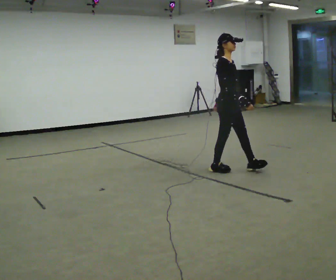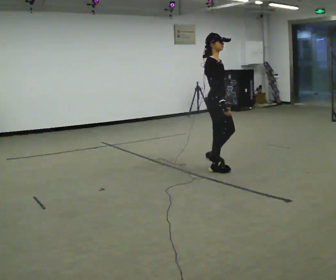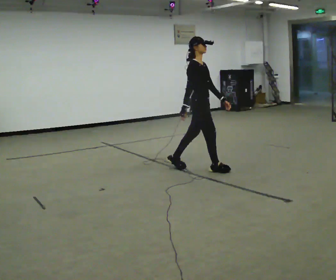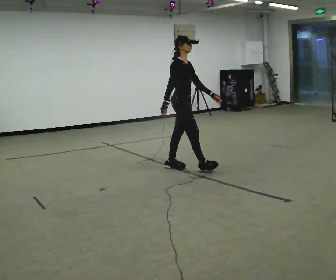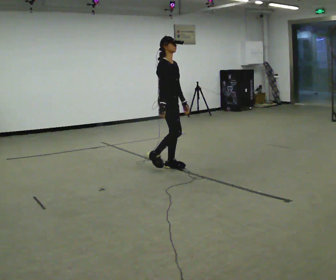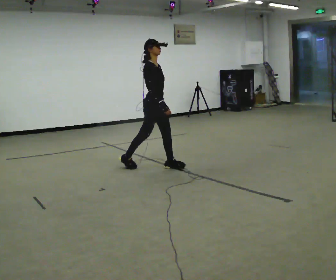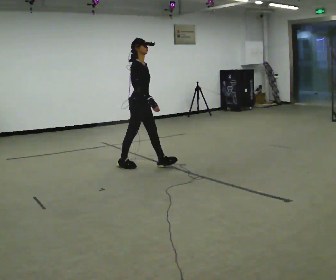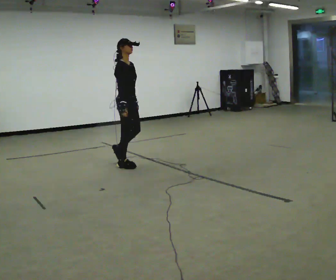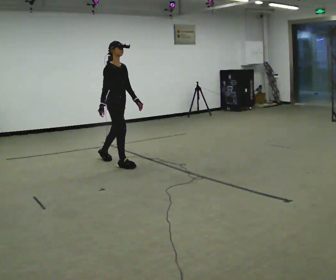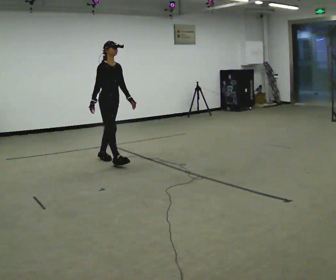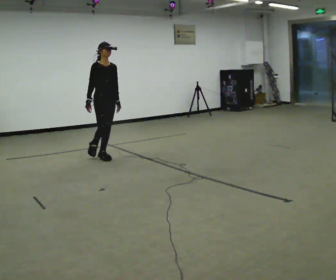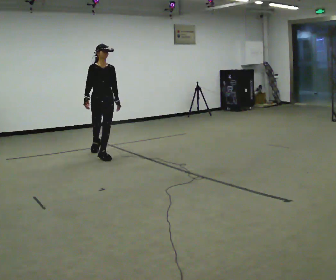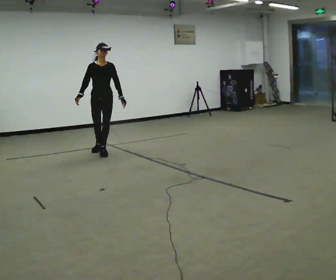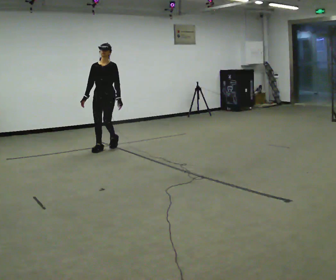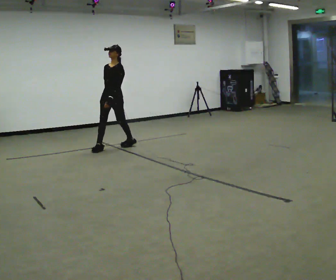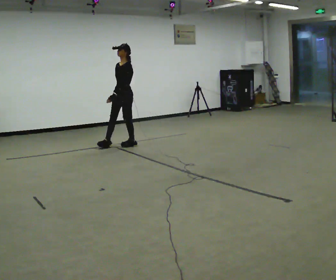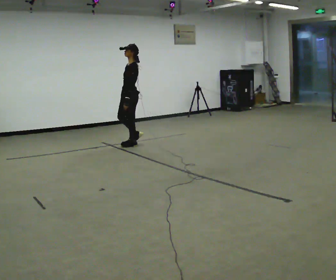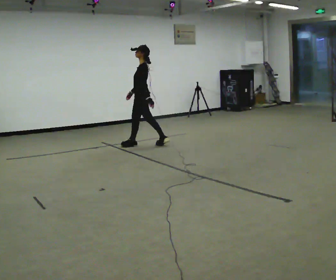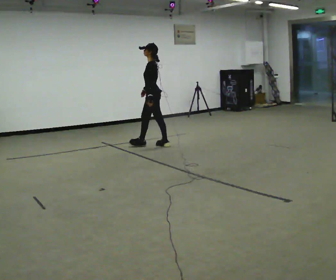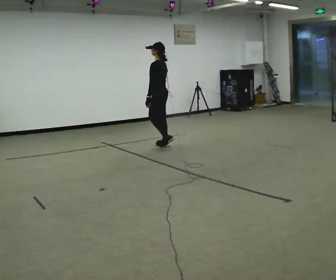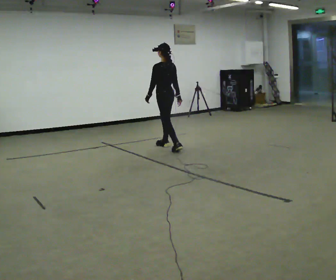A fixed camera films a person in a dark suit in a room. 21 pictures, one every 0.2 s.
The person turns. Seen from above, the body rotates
clockwise.
The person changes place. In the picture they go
away from the camera.
0.0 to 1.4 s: In the picture they go to the left and away from the camera, about 1.5 m in 2 steps, which for them is backward.
1.4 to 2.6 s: The person turns about 75 degrees to their right, clockwise seen from above, so the part of the body nearest the lens slides to the left. In the picture they go away from the camera, about 1 m in 2 steps.
2.6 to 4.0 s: Seen from above the body turns clockwise, about 135 degrees: to their right, with its near side sliding to the left. In the picture they go to the right, about 1 m in 2 steps.
The film runs backward here.
